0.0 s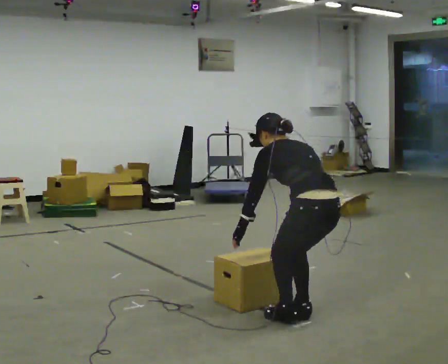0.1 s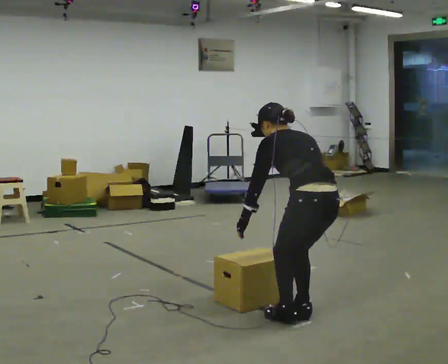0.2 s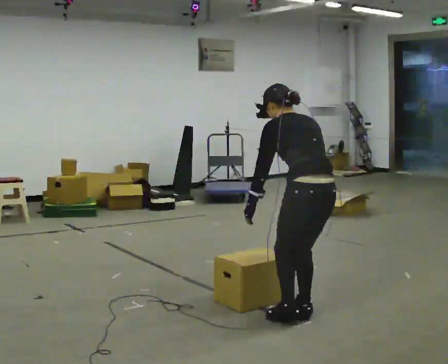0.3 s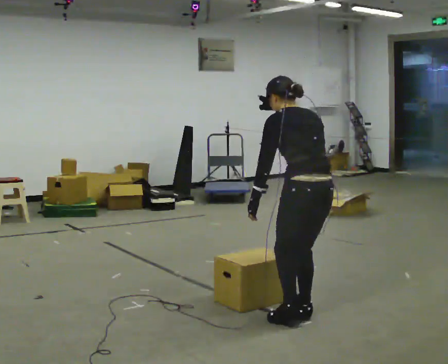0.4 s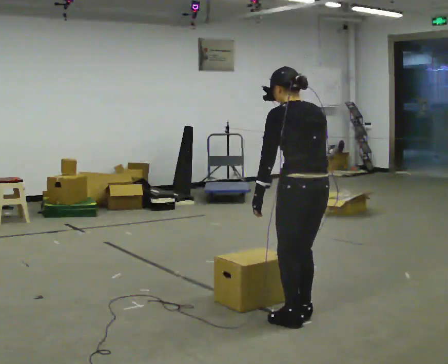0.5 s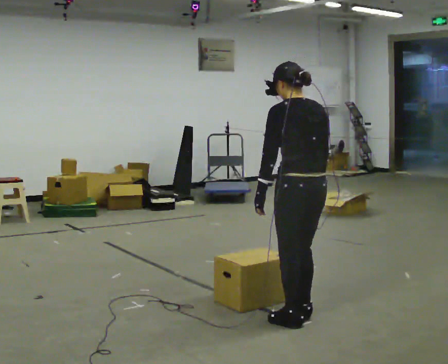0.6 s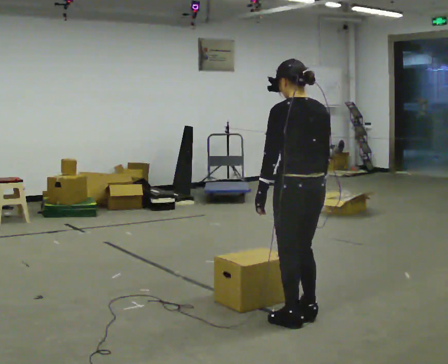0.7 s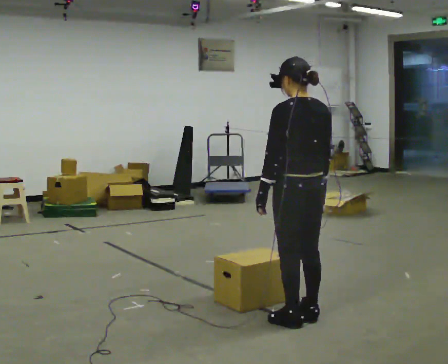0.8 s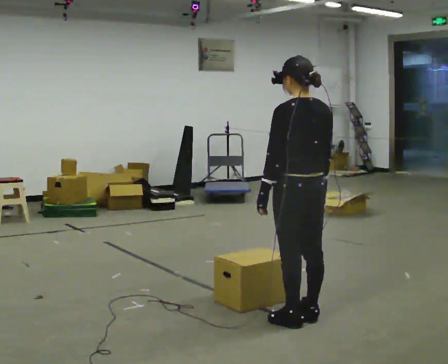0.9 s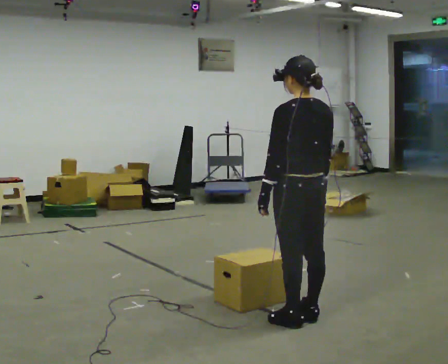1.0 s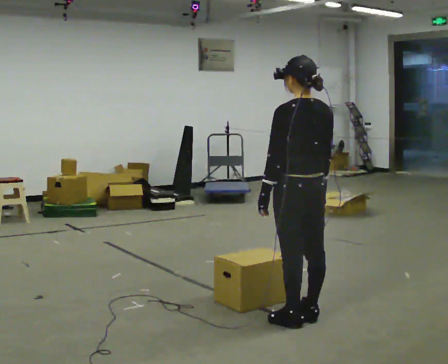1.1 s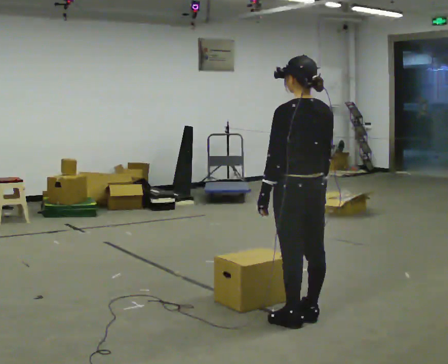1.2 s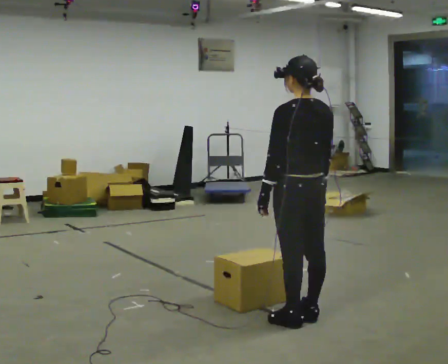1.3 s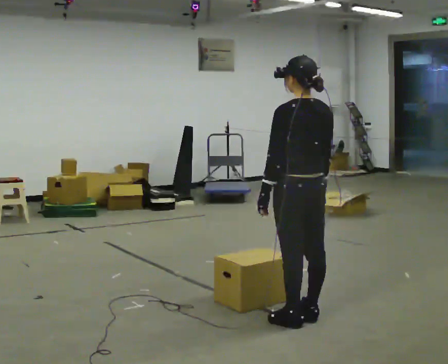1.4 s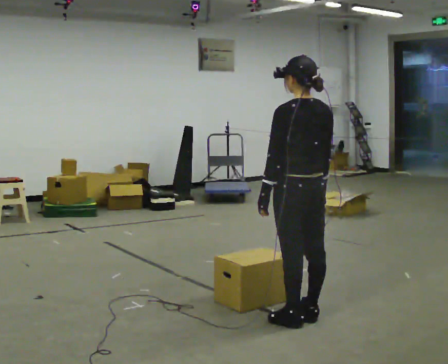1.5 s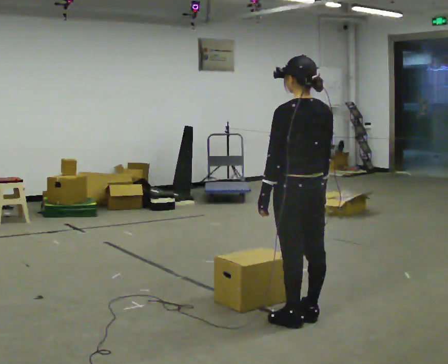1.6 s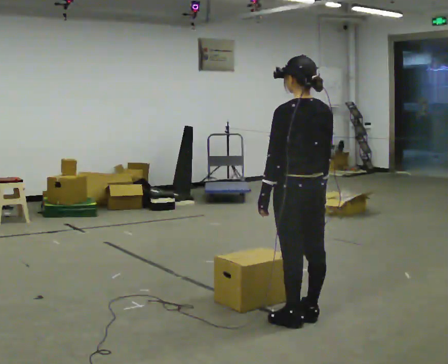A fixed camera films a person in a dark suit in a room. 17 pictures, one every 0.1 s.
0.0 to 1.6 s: The shoulders move upward. The upper body tips toward the camera, its near side rolling downward, as they lean back or straighten.
The film runs backward here.
